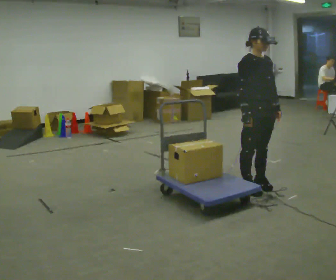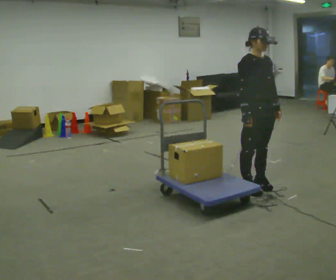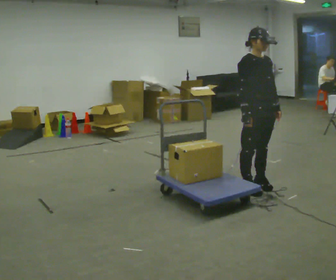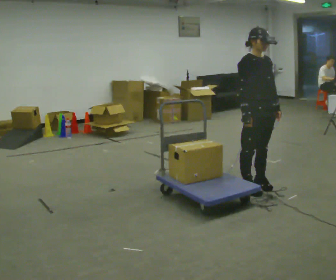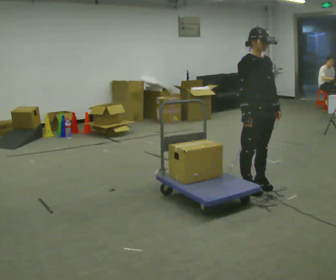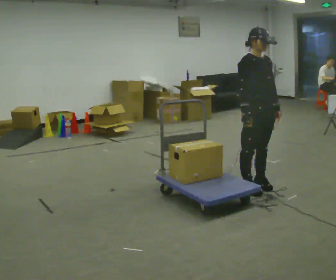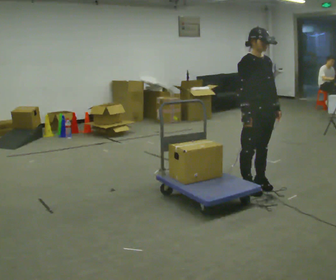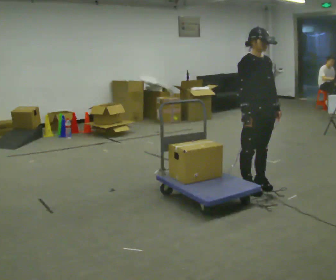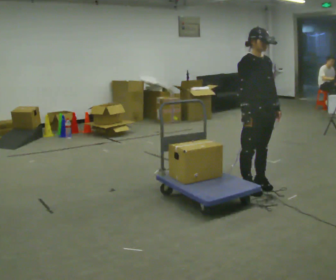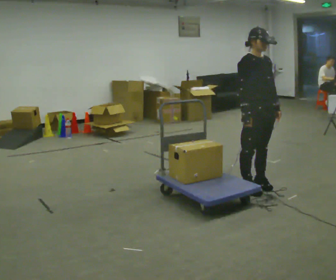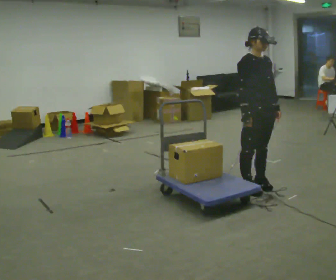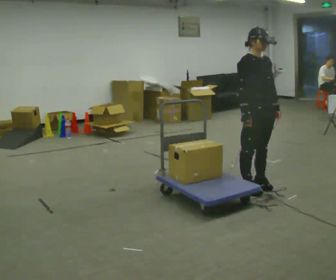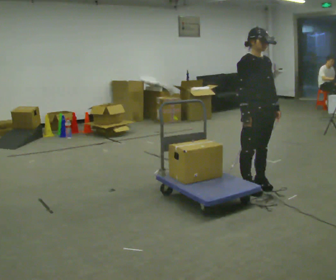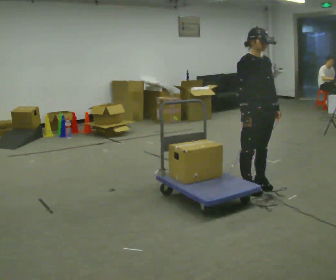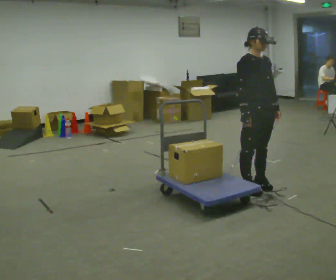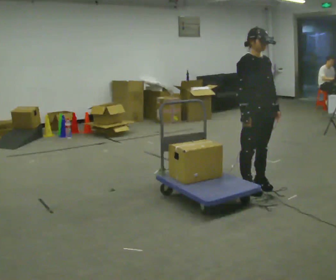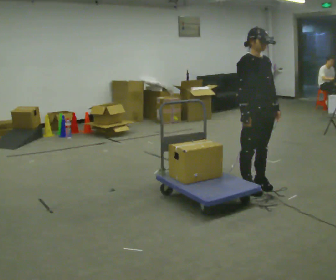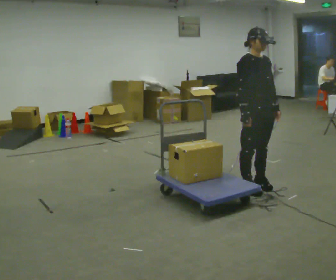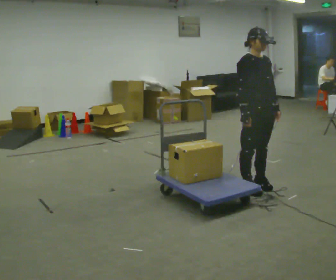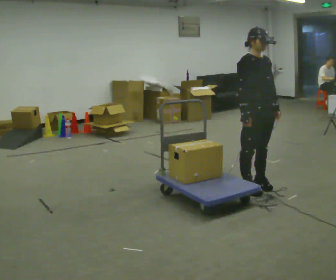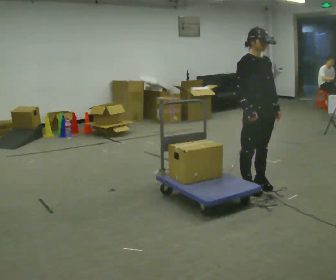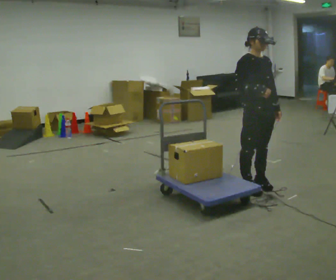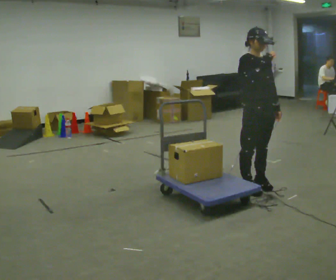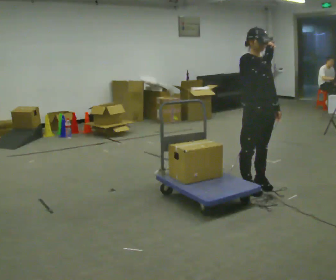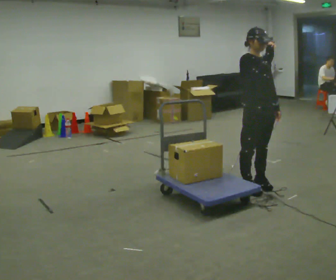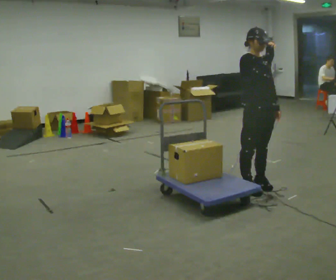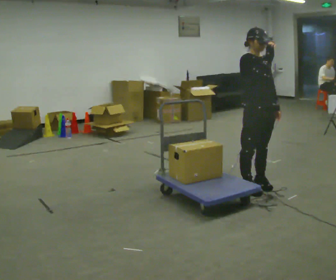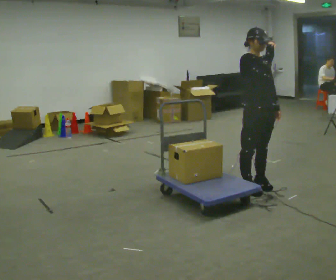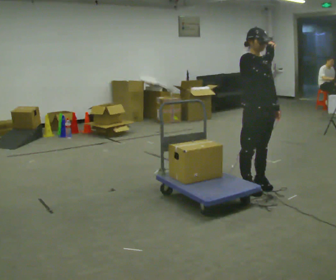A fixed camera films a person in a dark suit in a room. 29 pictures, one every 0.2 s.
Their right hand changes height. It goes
upward.
0.0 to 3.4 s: The person keeps their place and pose.
3.4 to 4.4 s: In the picture their right hand goes upward.
4.4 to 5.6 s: The person moves a little, or ends about where they began.
The film runs forward here.
